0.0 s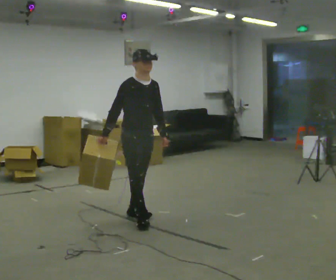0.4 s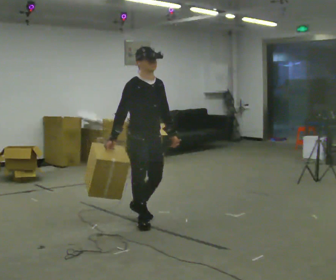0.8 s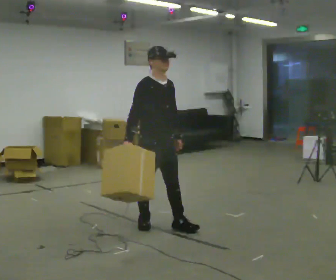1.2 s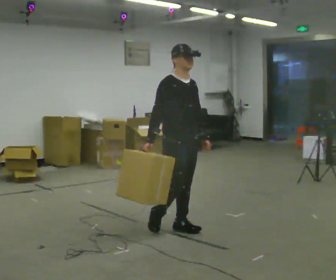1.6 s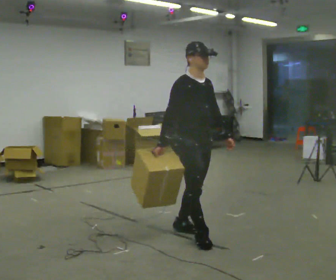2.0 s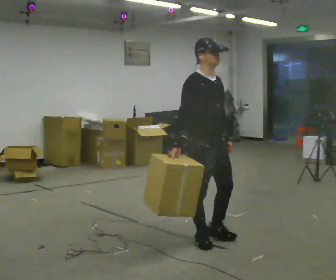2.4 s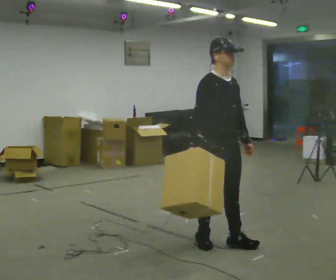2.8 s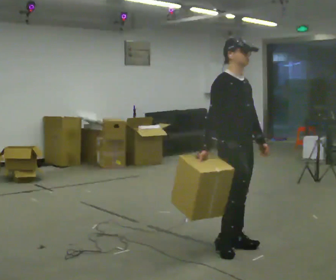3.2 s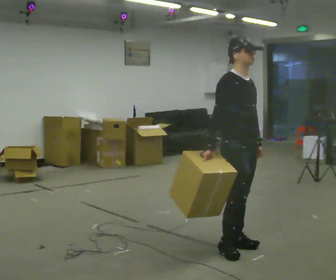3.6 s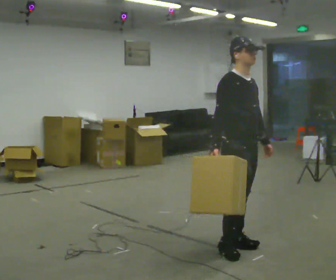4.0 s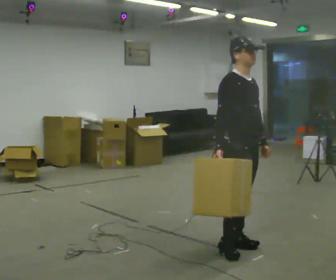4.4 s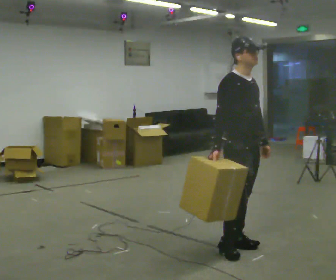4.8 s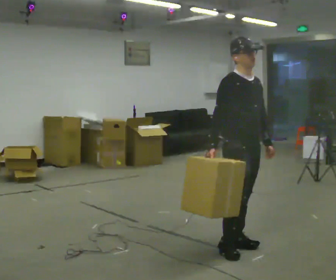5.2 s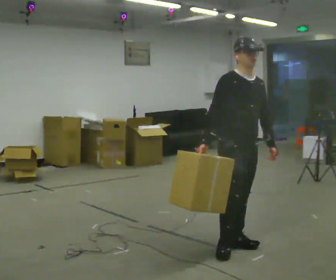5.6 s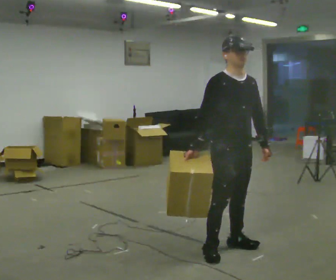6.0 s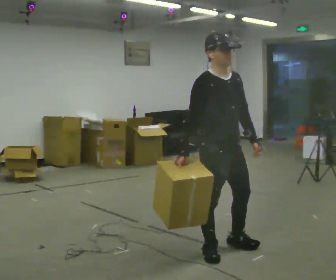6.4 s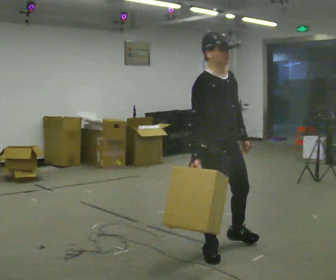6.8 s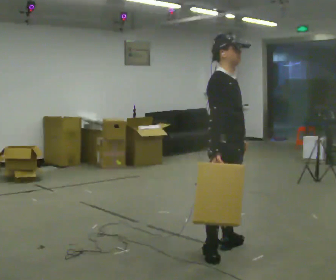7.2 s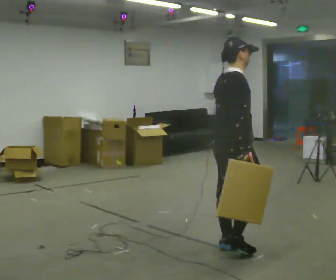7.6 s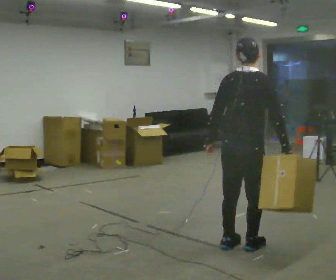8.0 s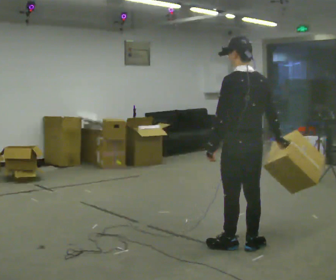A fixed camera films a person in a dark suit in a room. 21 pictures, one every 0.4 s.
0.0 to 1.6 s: In the picture they go to the right and toward the camera, about 1 m in 2 steps, which for them is forward.
1.6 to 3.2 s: In the picture they go to the right and toward the camera, about 0.5 m in 2 steps, which for them is forward.
3.2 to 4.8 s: The person moves a little, or ends about where they began.
4.8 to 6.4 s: In the picture they go toward the camera, about 0.25 m, which for them is to their right.
6.4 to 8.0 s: The part of the body nearest the lens slides to the right as the person turns to their left by about 150 degrees. In the picture they go to the right and away from the camera, about 0.25 m in 1 step.
The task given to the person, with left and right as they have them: Carry the box across the room, stopping and starting again each time the operator says stop and go. Do not set the box down.
The film runs forward here.
